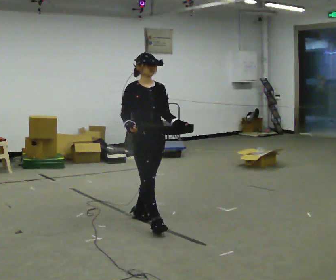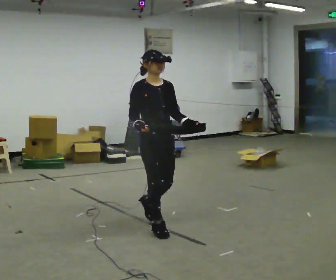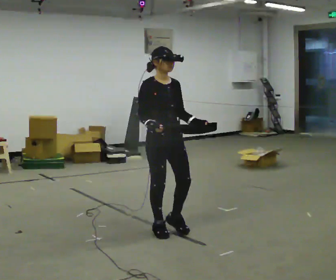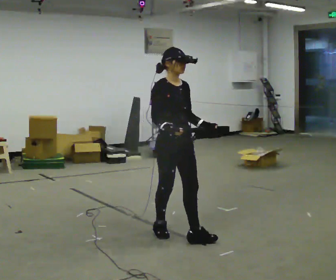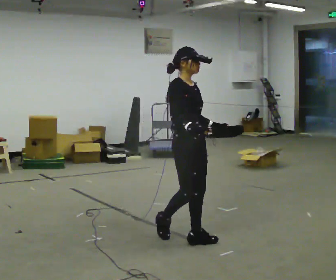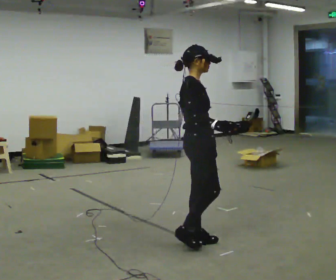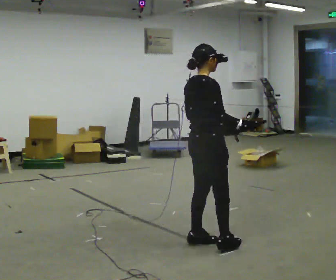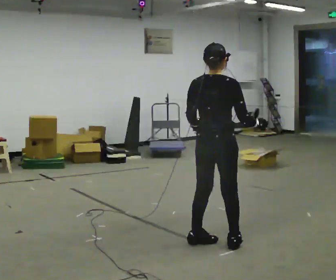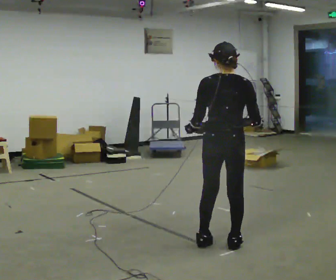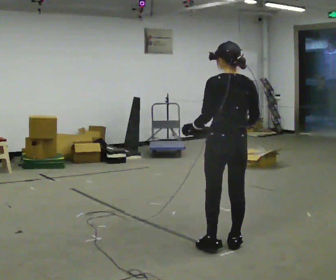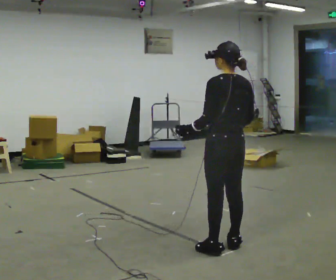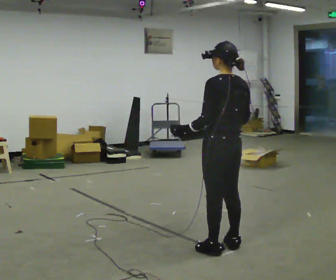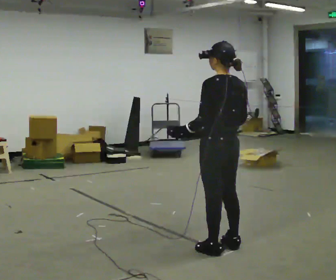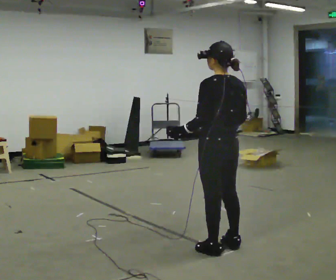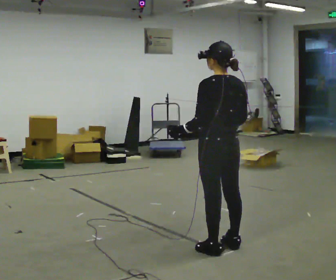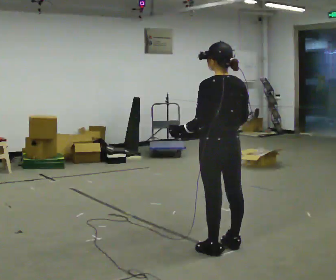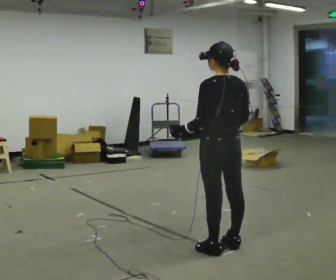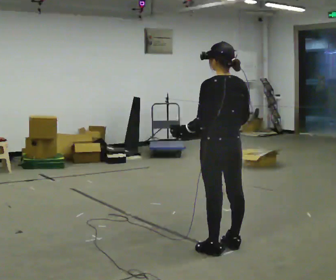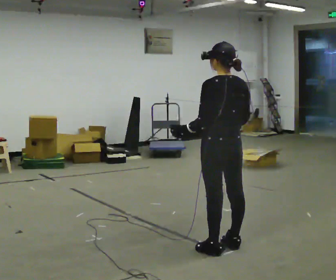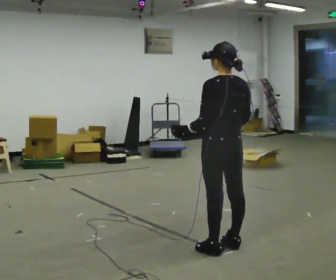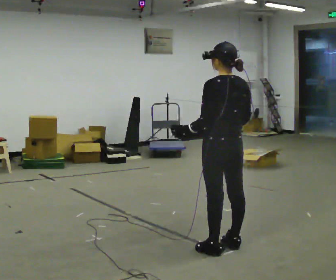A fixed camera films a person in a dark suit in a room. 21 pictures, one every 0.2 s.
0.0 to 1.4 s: The person turns about 120 degrees to their left, counterclockwise seen from above, so the part of the body nearest the lens slides to the right. In the picture they go to the right and toward the camera, about 1 m in 3 steps.
1.4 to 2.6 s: The person turns about 60 degrees to their left, counterclockwise seen from above, so the part of the body nearest the lens slides to the right.
2.6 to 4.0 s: The person moves a little, or ends about where they began.
The film runs forward here.
